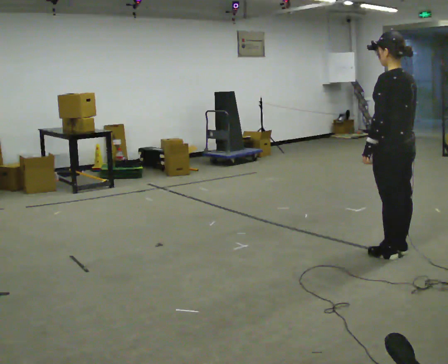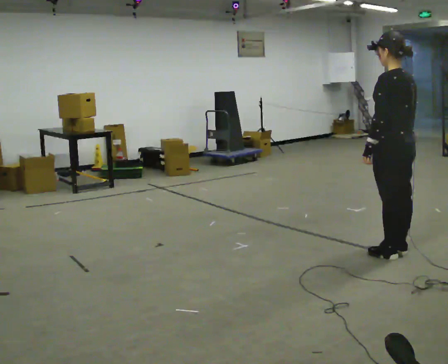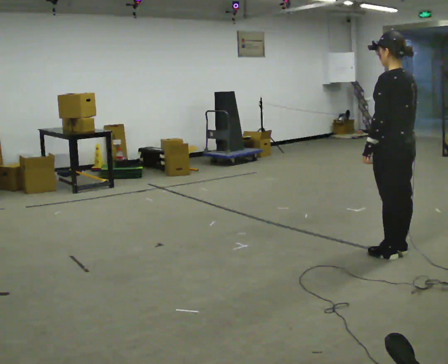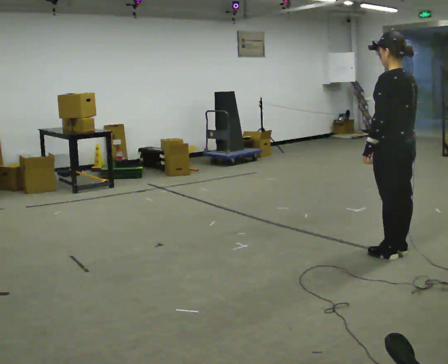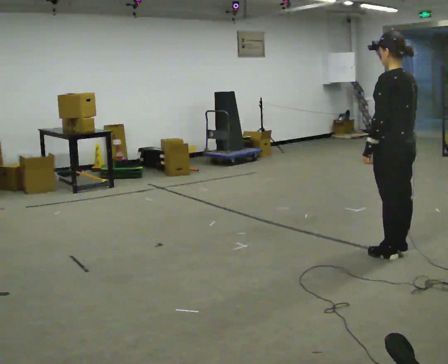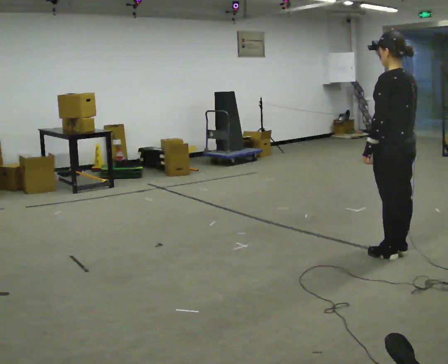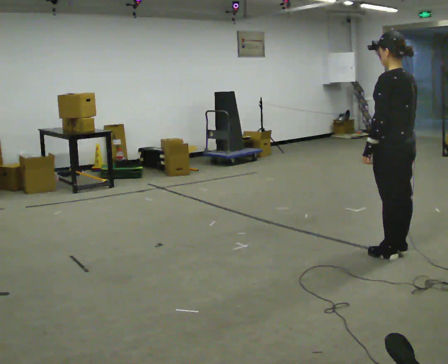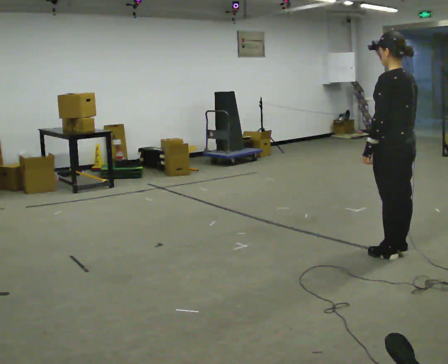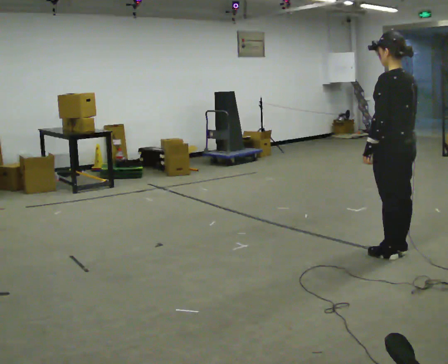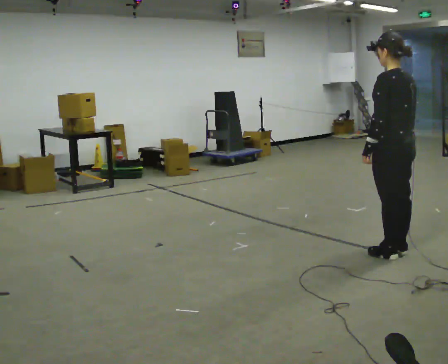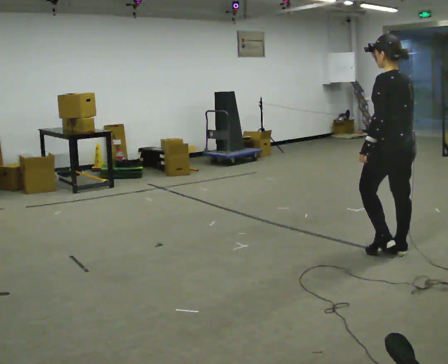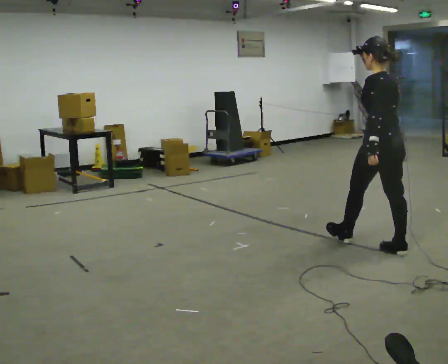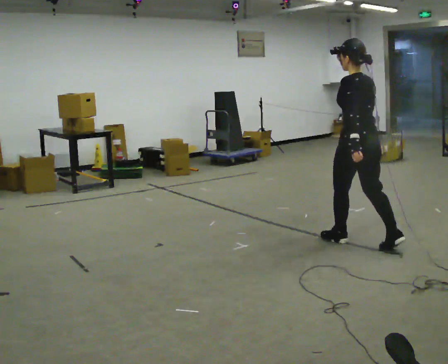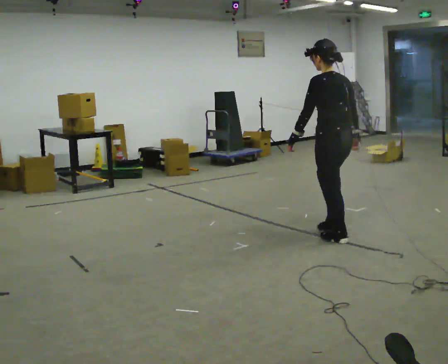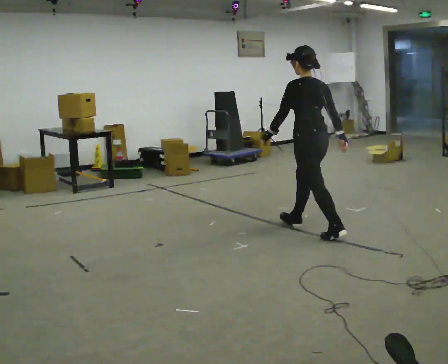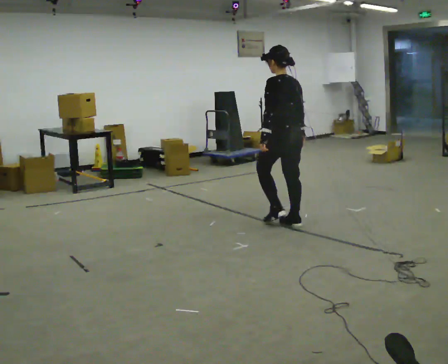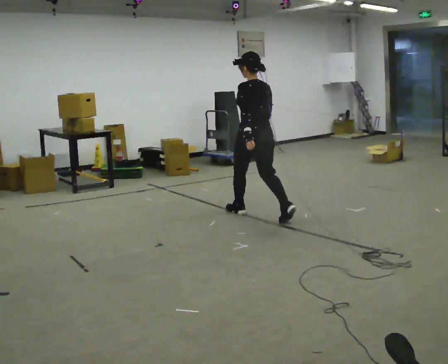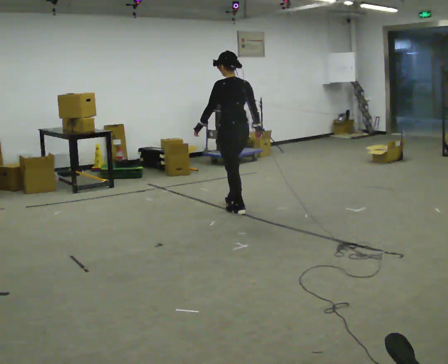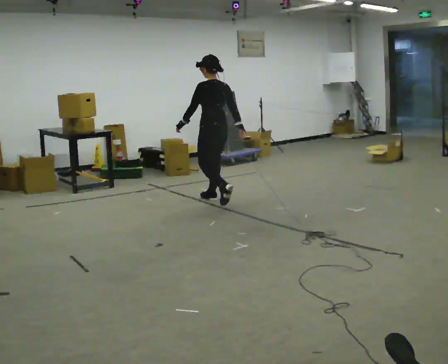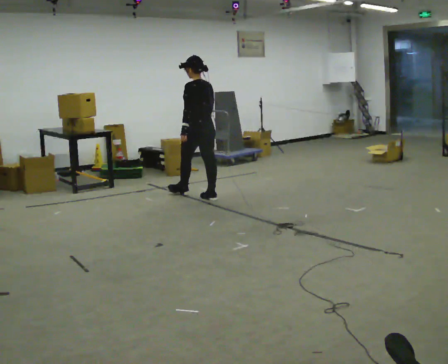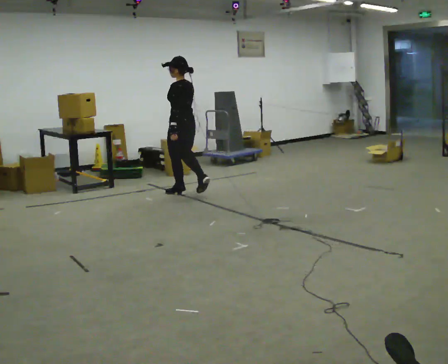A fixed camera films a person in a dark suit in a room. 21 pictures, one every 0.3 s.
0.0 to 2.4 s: The person keeps their place and pose.
2.4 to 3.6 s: In the picture they go to the left and away from the camera, about 0.25 m in 1 step, which for them is forward.
3.6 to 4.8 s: In the picture they go to the left and away from the camera, about 1.5 m in 2 steps, which for them is forward.
4.8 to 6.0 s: In the picture they go to the left and away from the camera, about 1.5 m in 2 steps, which for them is forward.
The film runs forward here.
